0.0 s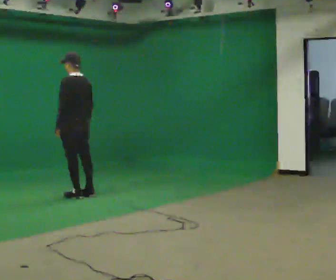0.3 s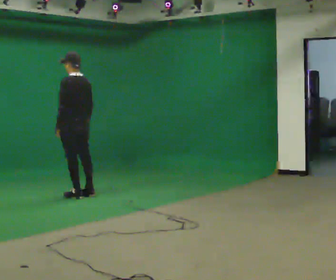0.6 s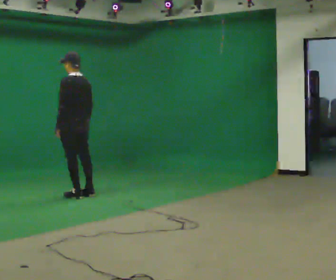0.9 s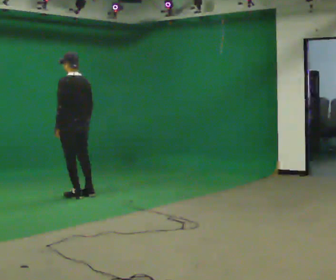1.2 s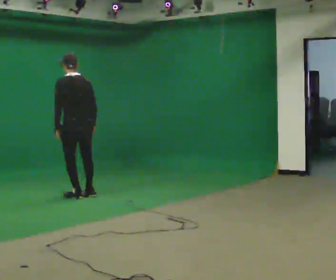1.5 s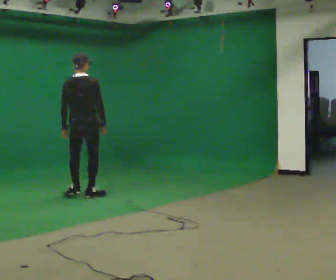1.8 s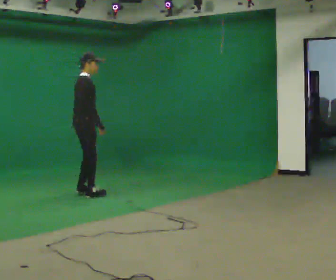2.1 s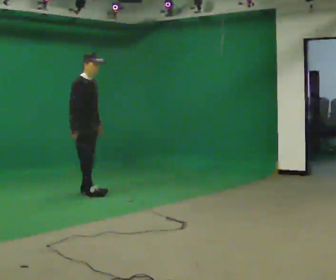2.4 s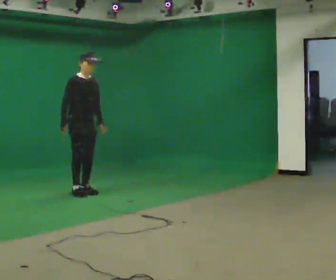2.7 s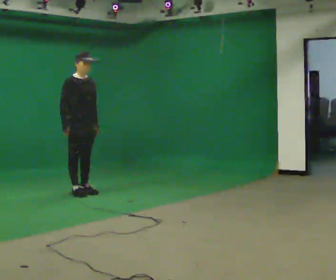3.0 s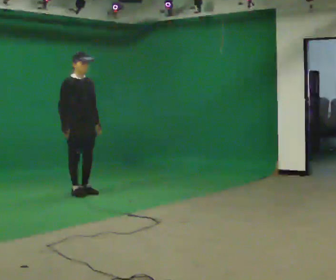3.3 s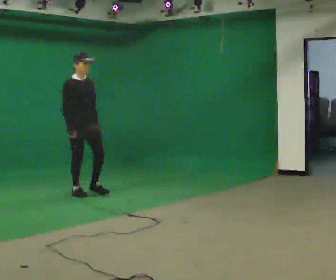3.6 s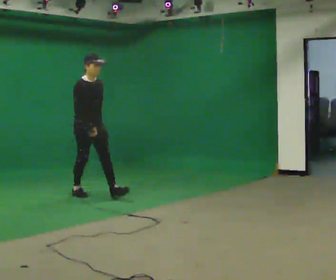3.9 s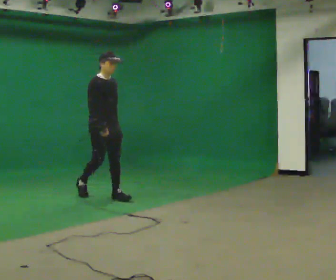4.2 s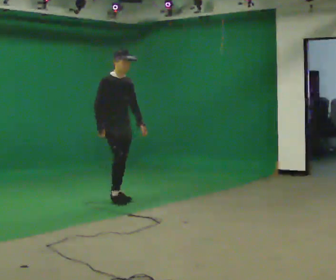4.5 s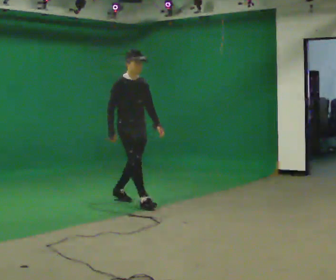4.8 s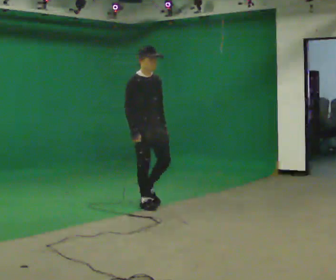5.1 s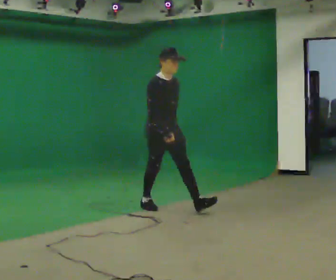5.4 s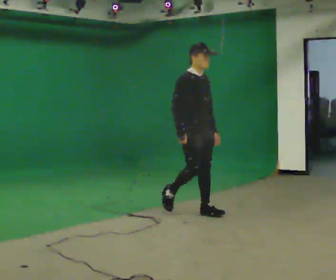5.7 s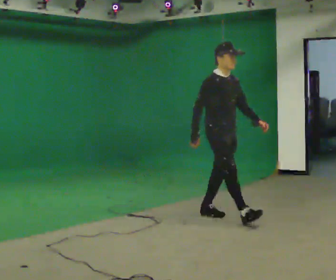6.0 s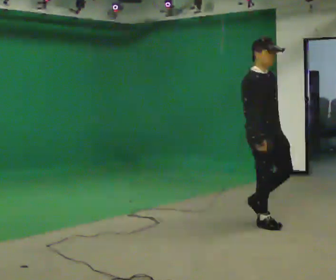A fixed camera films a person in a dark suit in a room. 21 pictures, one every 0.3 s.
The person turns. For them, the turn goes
to their right.
The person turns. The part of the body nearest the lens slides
to the left.
0.0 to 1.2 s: Seen from above the body turns clockwise, about 30 degrees: to their right, with its near side sliding to the left.
1.2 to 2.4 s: The person turns about 150 degrees to their right, clockwise seen from above, so the part of the body nearest the lens slides to the left. In the picture they go away from the camera, about 0.25 m in 2 steps. In the picture their right hand goes to the left.
2.4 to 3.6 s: In the picture they go toward the camera, about 0.25 m in 1 step, which for them is forward. In the picture their right hand goes to the right.
3.6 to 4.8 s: In the picture they go toward the camera and to the right, about 1 m in 1 step, which for them is forward.
4.8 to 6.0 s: In the picture they go toward the camera and to the right, about 1.5 m in 2 steps, which for them is forward.
The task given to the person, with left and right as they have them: Start still; gradually go slow → normal → fast; briefly maintain fast speed; stop.
The film runs forward here.
